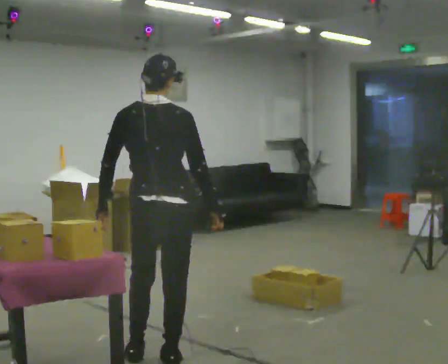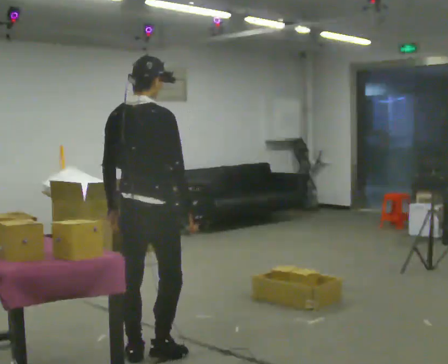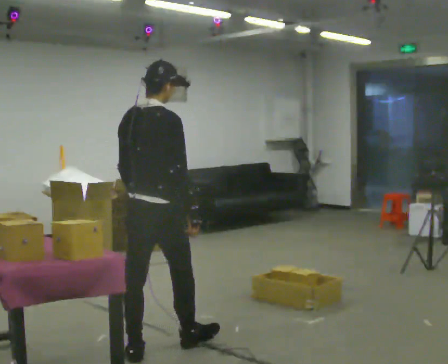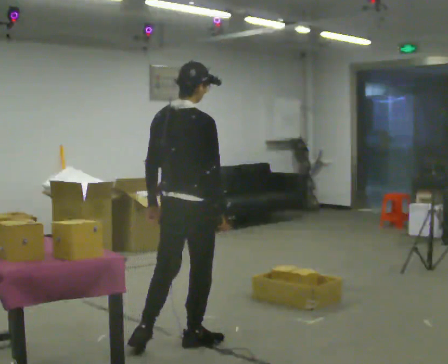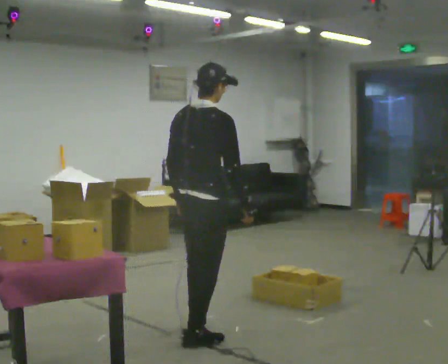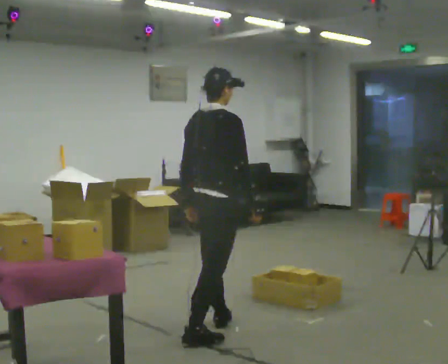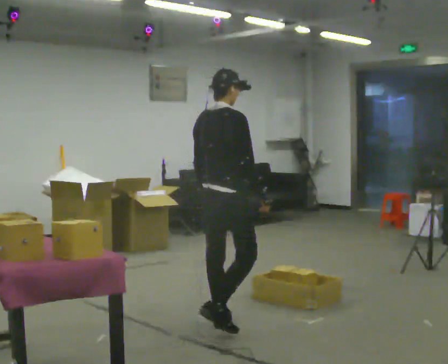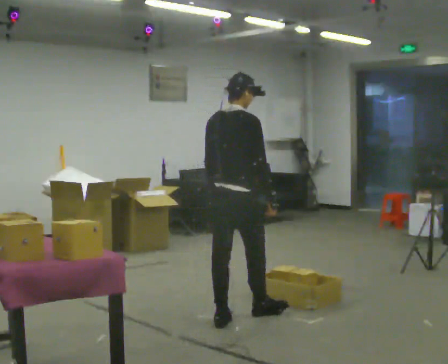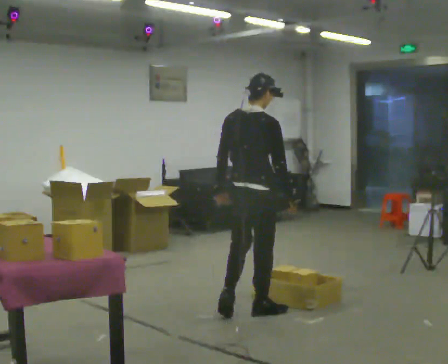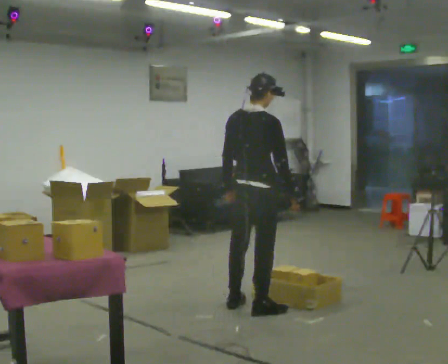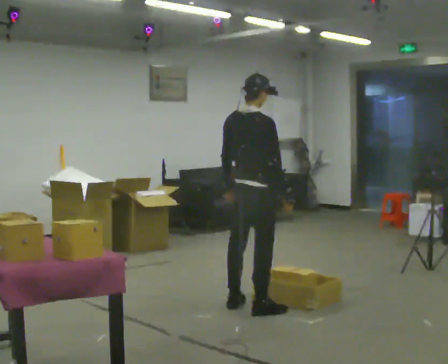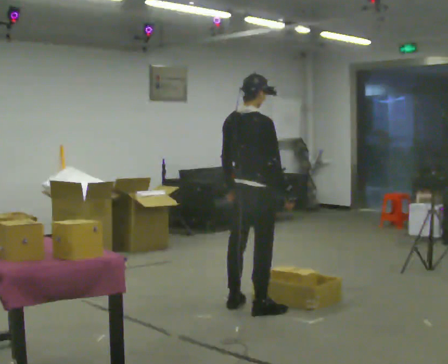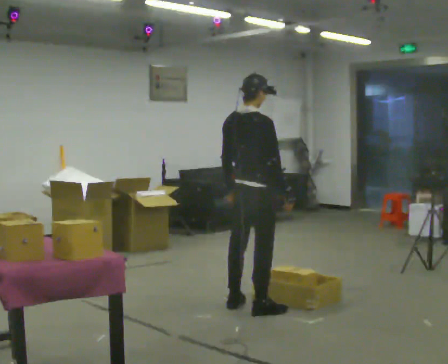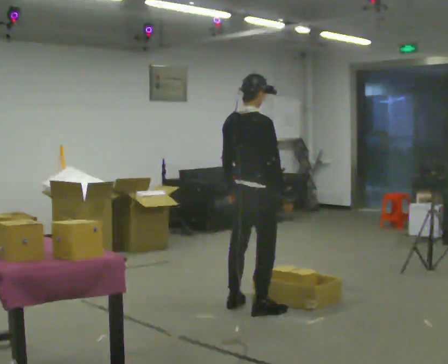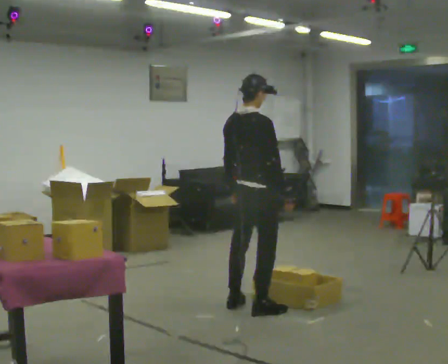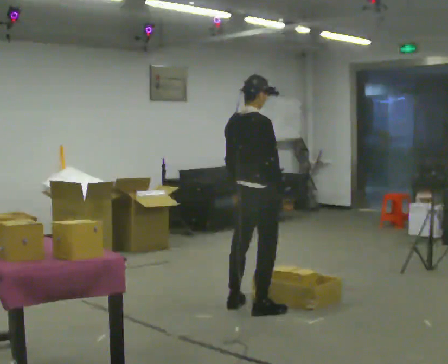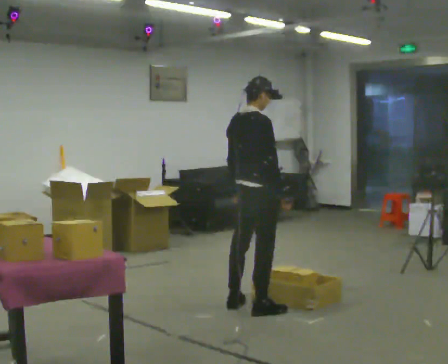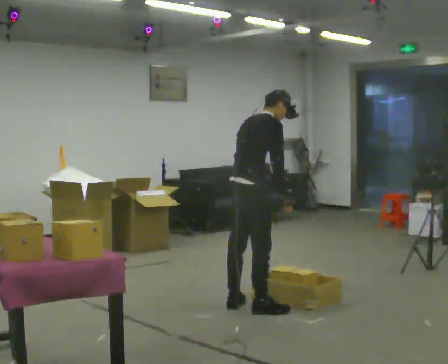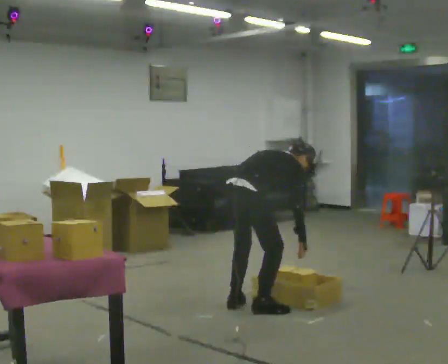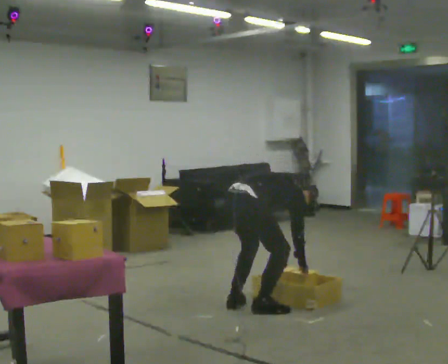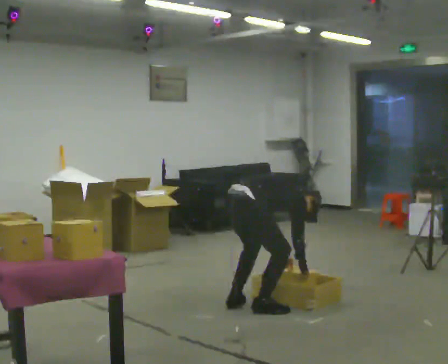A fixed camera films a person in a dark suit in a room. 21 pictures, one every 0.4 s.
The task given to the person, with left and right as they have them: Reach down into the deep bin on the floor, take out one object at a time, carry it to the shelf, and come back for the next one. Keep going until the operator says stop; one object at a time, and do not rush between trips.
0.0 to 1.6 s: The part of the body nearest the lens slides to the left as the person turns to their right by about 30 degrees. In the picture they go away from the camera and to the right, about 0.5 m in 1 step, which for them is forward.
1.6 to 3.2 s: In the picture they go away from the camera and to the right, about 0.5 m in 2 steps, which for them is forward.
3.2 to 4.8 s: In the picture they go away from the camera, about 0.25 m in 1 step, which for them is forward.
4.8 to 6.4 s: The person moves a little, or ends about where they began.
6.4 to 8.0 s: The upper body goes downward. In the picture the upper body tilts clockwise, shoulders to the right, as they bend forward. In the picture their right hand goes downward.
The film runs forward here.
